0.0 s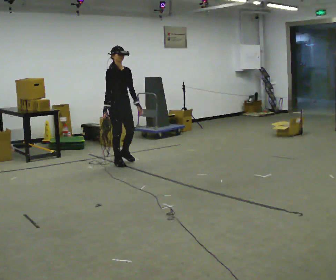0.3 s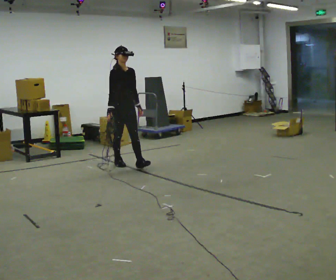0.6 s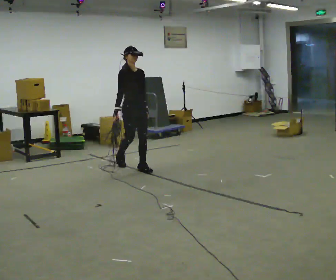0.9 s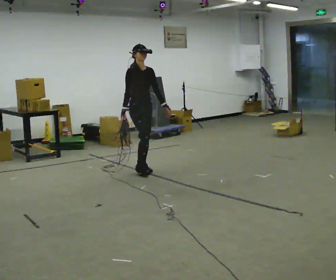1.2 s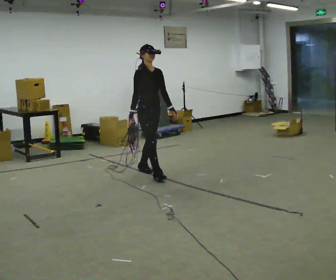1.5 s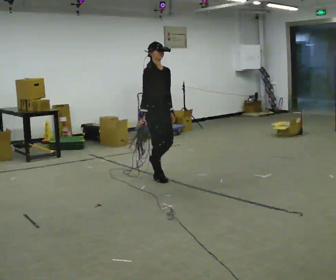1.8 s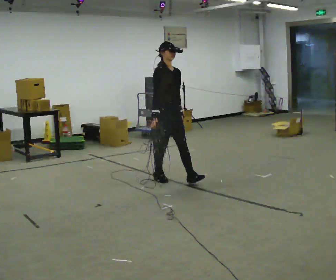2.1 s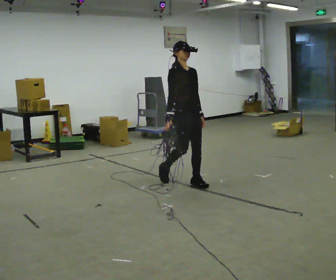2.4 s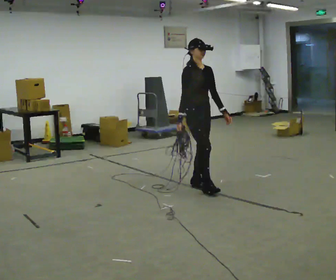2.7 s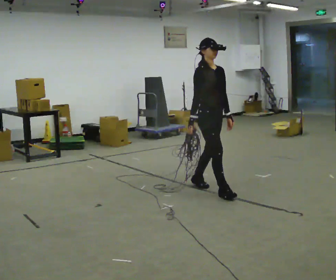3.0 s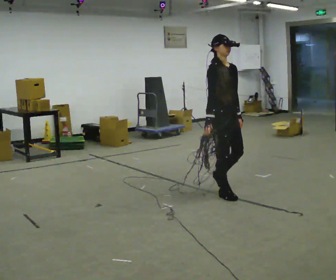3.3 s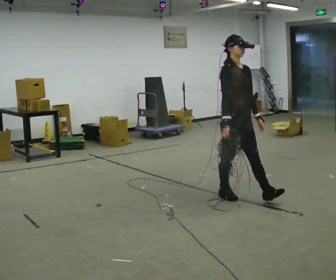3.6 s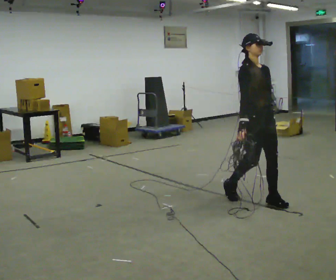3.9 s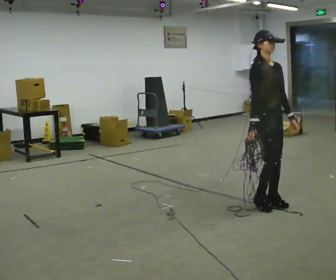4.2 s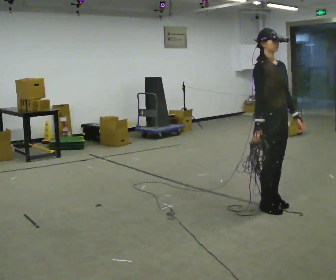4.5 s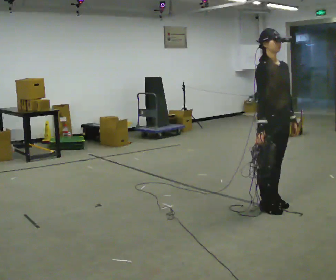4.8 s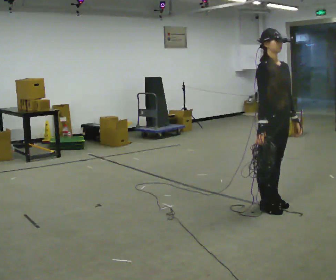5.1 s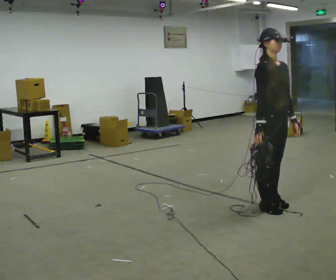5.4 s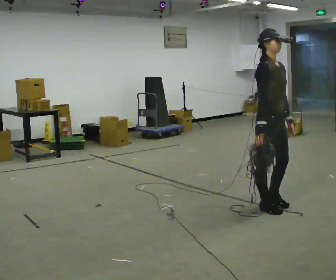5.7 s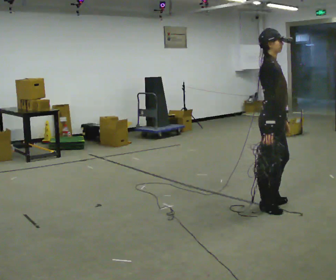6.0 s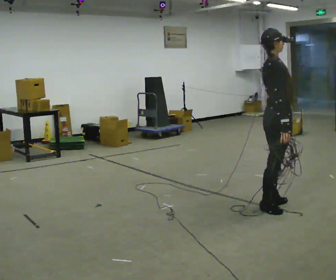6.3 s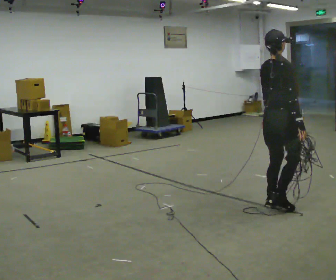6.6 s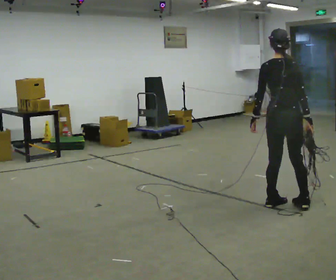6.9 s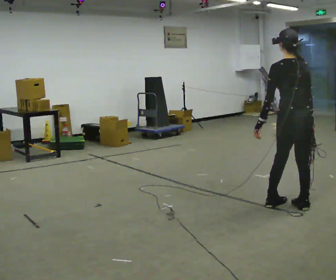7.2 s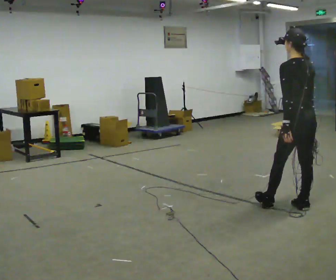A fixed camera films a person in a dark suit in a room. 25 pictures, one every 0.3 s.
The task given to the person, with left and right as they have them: Pick up the coiled hose, carry it across the room, and set it down. It will move around as you walk. Keep going until the operator says stop; one object at a time, and do not rush between trips.
0.0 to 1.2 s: In the picture they go to the right and toward the camera, about 0.5 m in 2 steps, which for them is forward.
1.2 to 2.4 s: In the picture they go to the right and toward the camera, about 1 m in 1 step, which for them is forward.
2.4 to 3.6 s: In the picture they go to the right and toward the camera, about 1 m in 2 steps, which for them is forward.
3.6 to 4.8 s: In the picture they go toward the camera, about 0.25 m in 1 step, which for them is forward.
4.8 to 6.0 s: The person turns about 45 degrees to their left, counterclockwise seen from above, so the part of the body nearest the lens slides to the right.
6.0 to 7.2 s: The part of the body nearest the lens slides to the right as the person turns to their left by about 120 degrees. In the picture they go to the right, about 0.25 m in 1 step.
The film runs forward here.
